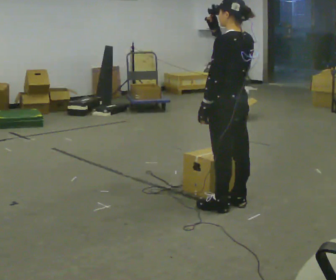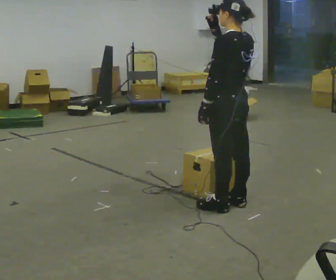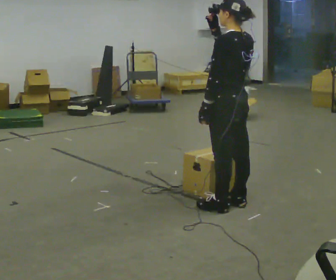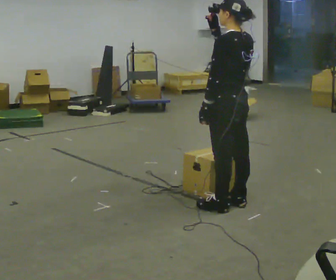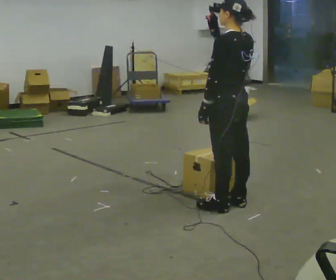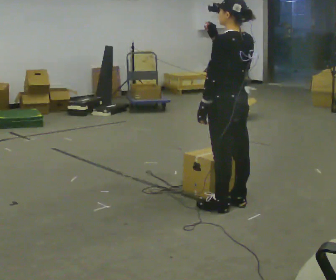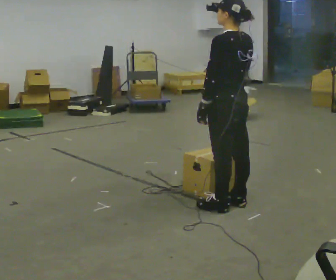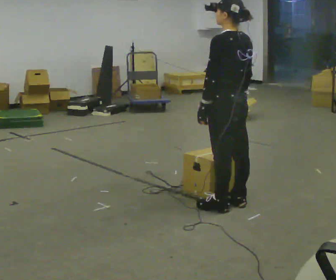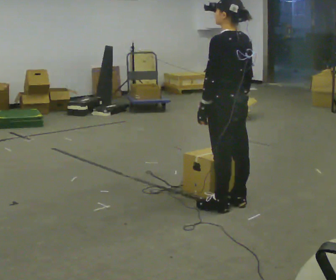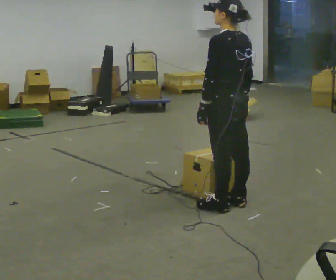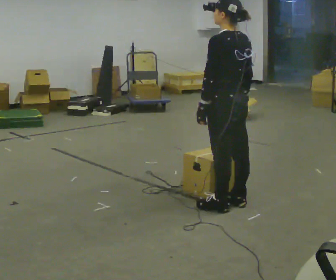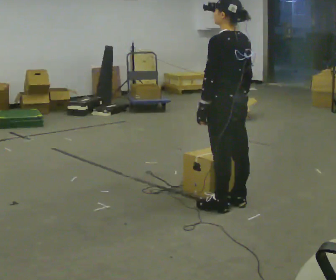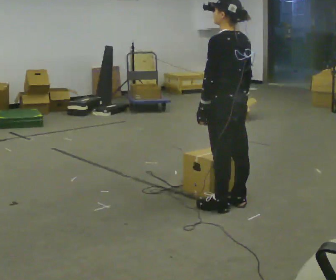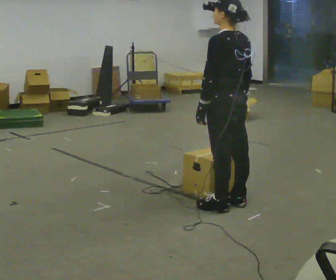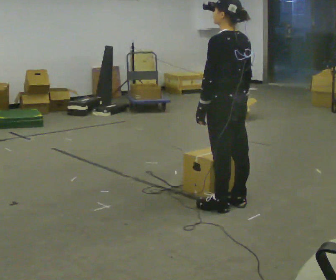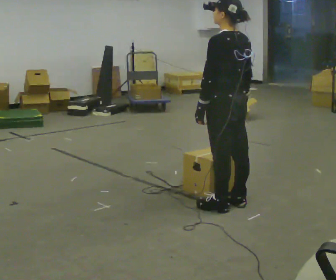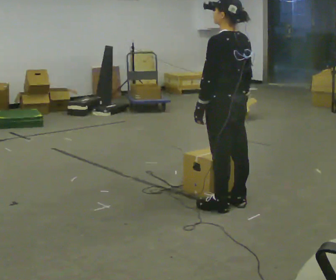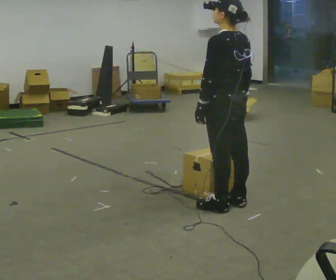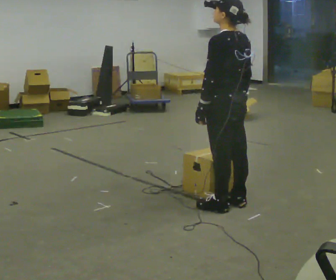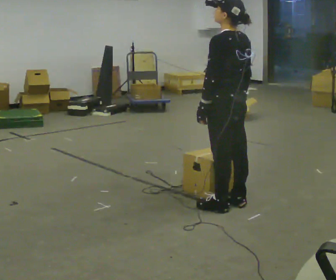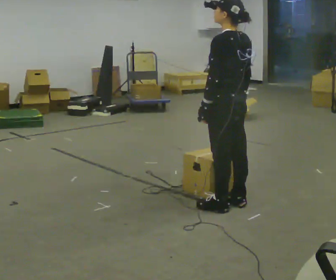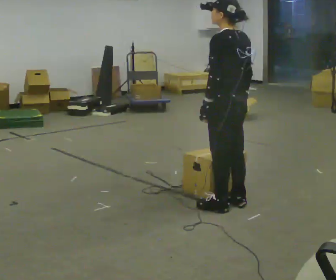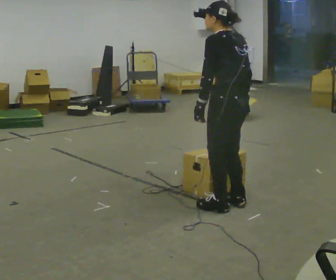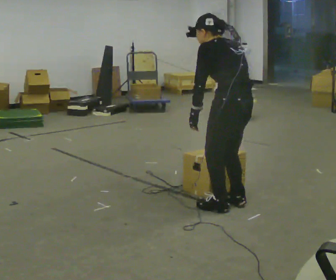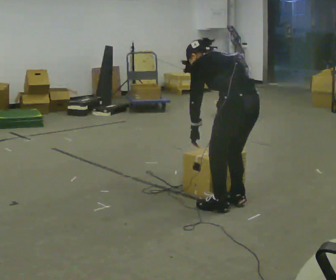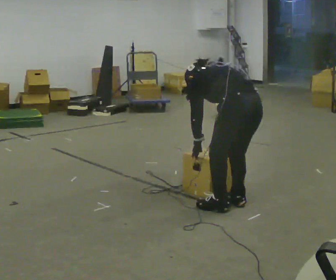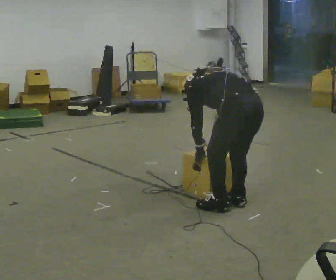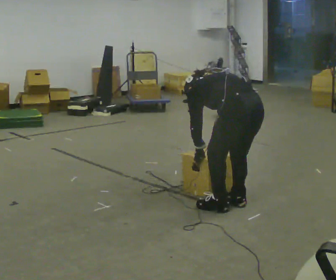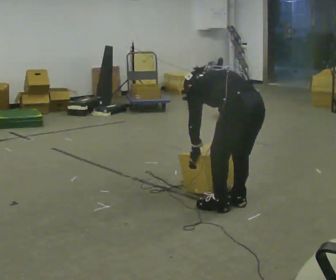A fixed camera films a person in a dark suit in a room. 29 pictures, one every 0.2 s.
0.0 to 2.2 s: In the picture their right hand goes downward.
2.2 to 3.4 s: The person keeps their place and pose.
3.4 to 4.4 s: The person moves a little, or ends about where they began.
4.4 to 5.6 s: The shoulders move downward. The upper body tips away from the camera, its near side rolling upward, as they bend forward. In the picture their left hand goes downward.
The film runs backward here.
